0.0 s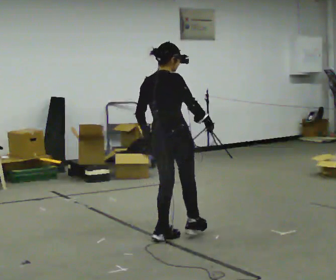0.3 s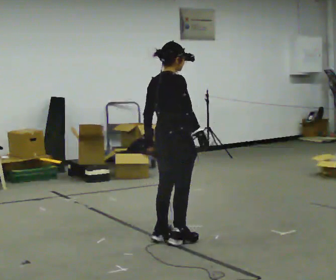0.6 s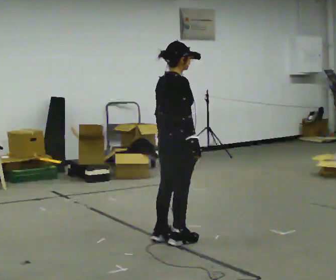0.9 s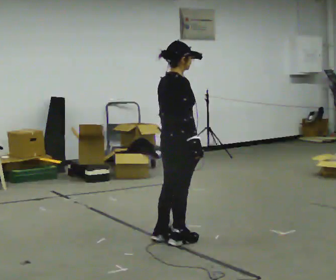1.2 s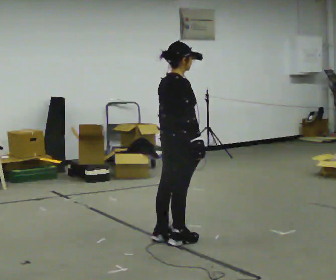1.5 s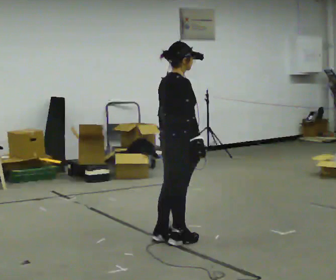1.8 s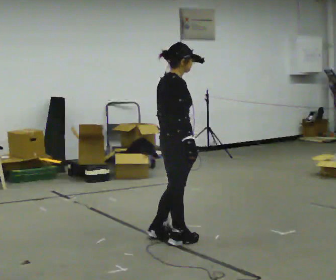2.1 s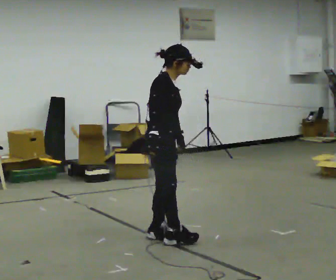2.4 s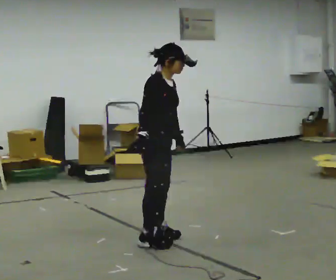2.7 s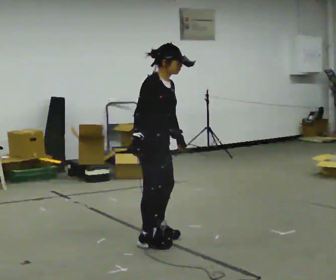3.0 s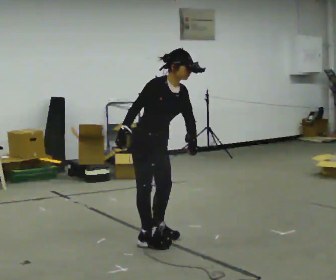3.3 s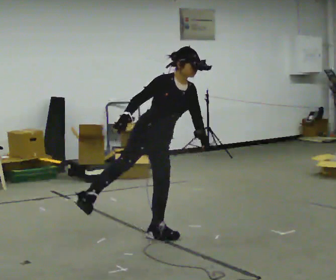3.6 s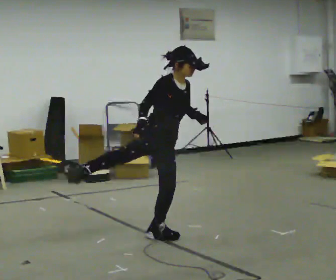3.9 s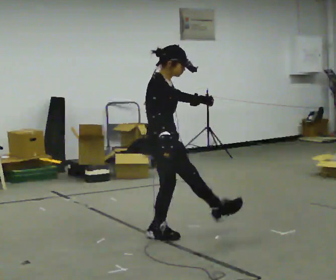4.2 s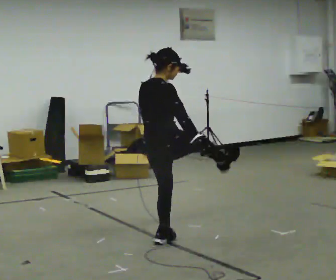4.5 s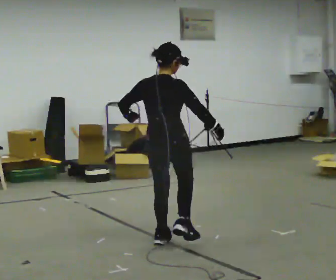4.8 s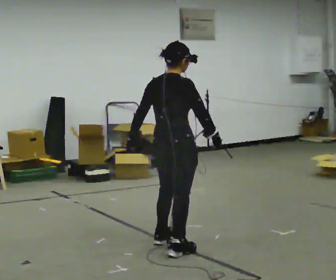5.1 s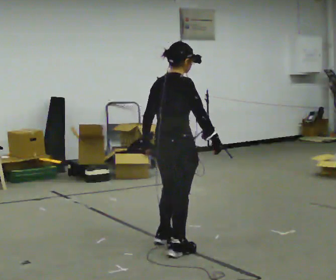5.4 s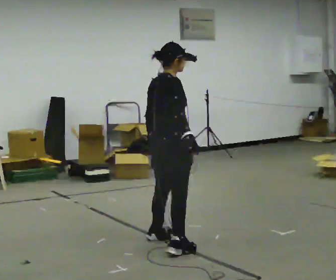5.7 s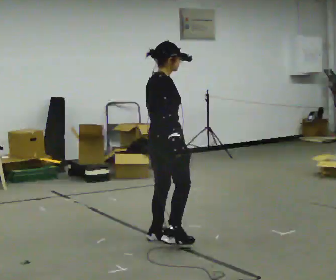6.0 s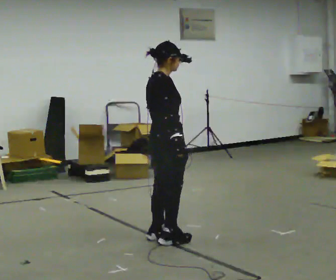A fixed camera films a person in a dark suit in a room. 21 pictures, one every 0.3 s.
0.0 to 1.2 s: The person turns about 30 degrees to their right, clockwise seen from above, so the part of the body nearest the lens slides to the left.
1.2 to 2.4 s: Seen from above the body turns clockwise, about 45 degrees: to their right, with its near side sliding to the left. In the picture they go to the left, about 0.25 m in 1 step, which for them is backward. In the picture their right hand goes to the left.
2.4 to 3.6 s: The person turns about 30 degrees to their right, clockwise seen from above, so the part of the body nearest the lens slides to the left.
3.6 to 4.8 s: The person turns about 105 degrees to their left, counterclockwise seen from above, so the part of the body nearest the lens slides to the right. In the picture they go toward the camera, about 0.5 m in 1 step.
4.8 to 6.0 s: The person turns about 30 degrees to their right, clockwise seen from above, so the part of the body nearest the lens slides to the left. In the picture they go away from the camera, about 0.25 m in 1 step, which for them is to their left.
The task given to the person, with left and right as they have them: Mime kicking a football with no ball: plant one foot and swing the other through. Repeat the movement at your own pace until the operator says stop; do not rush.
The film runs forward here.
